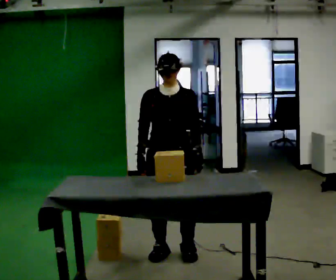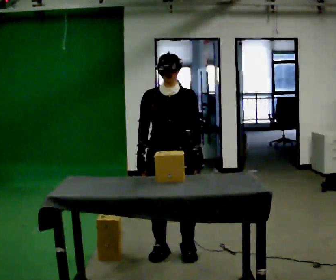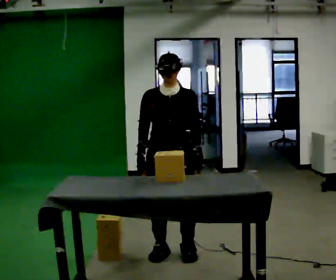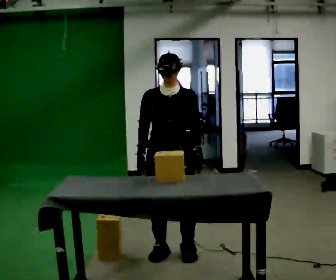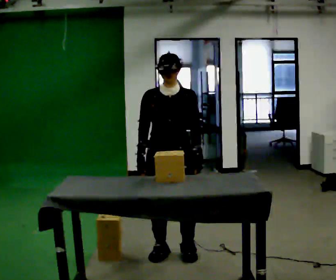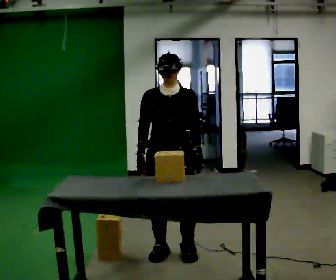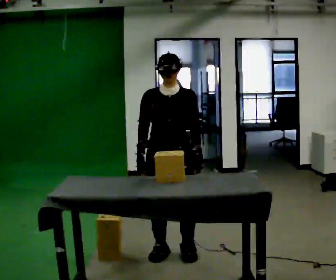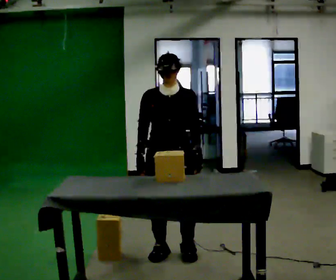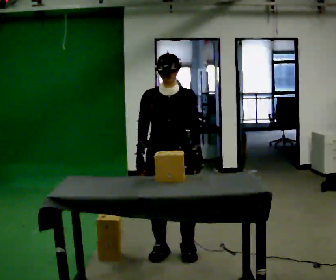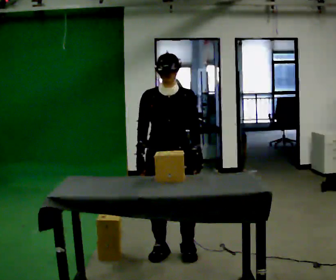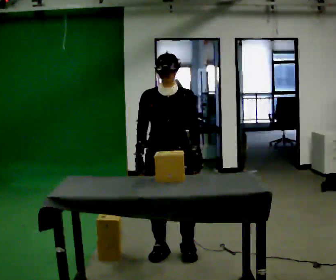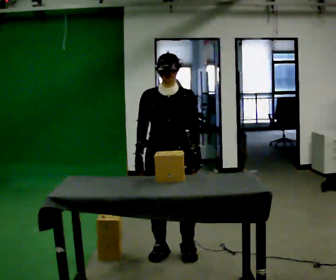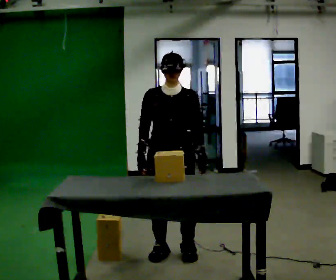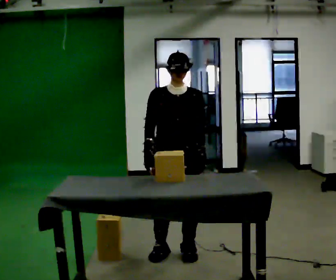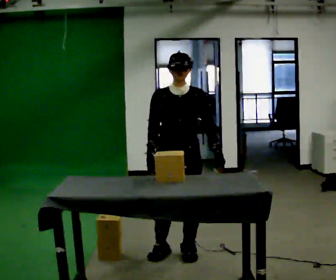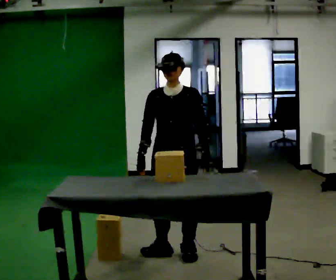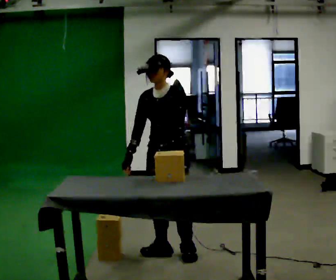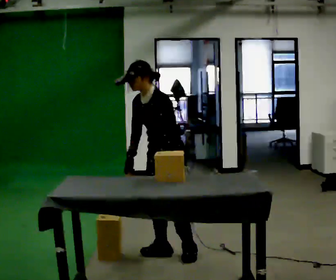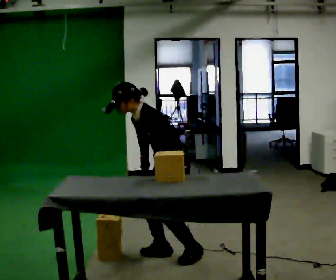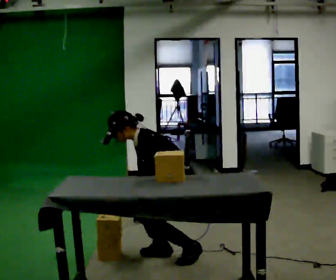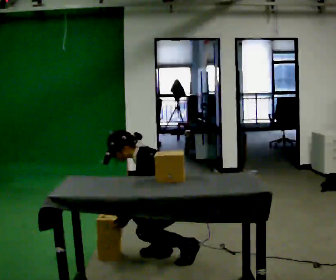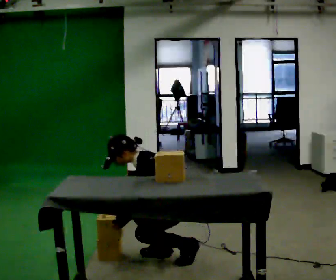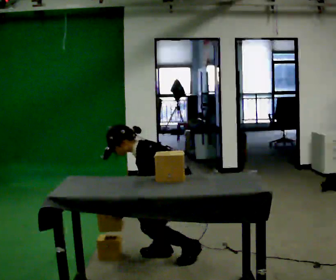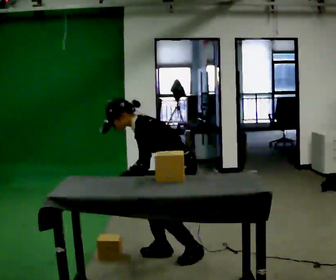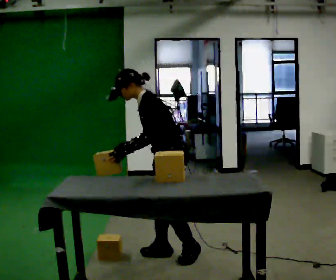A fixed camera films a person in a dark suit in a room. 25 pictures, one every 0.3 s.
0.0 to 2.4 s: The person keeps their place and pose.
2.4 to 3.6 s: The person moves a little, or ends about where they began.
3.6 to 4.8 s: The person turns about 30 degrees to their right, clockwise seen from above, so the part of the body nearest the lens slides to the left.
4.8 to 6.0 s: Seen from above the body turns clockwise, about 60 degrees: to their right, with its near side sliding to the left. The upper body goes downward. In the picture the upper body tilts counterclockwise, shoulders to the left, as they bend forward. In the picture their right hand goes downward.
6.0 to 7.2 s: The shoulders move upward. In the picture their right hand goes upward.
The film runs backward here.
